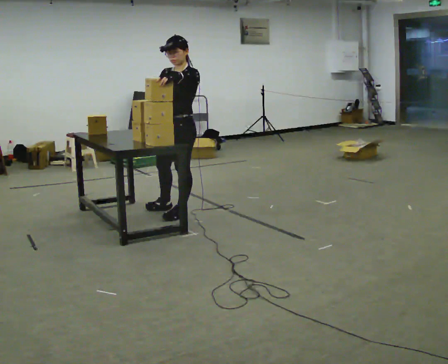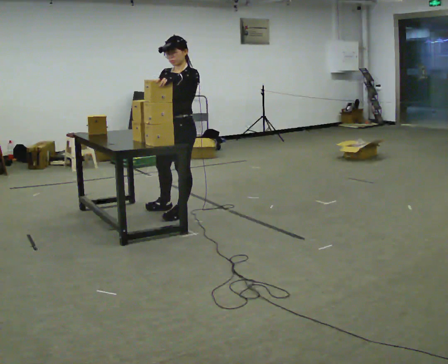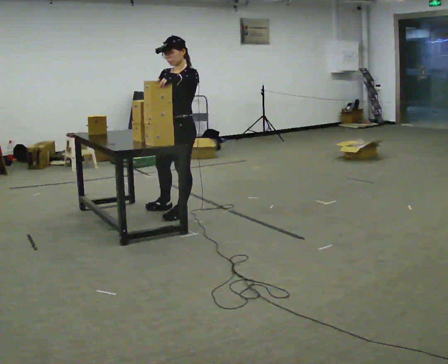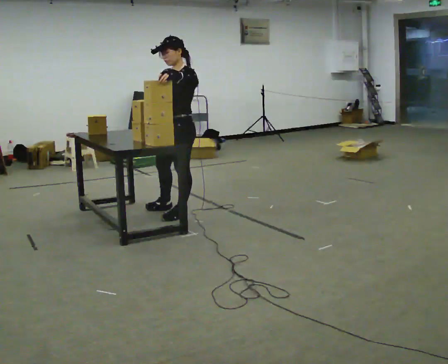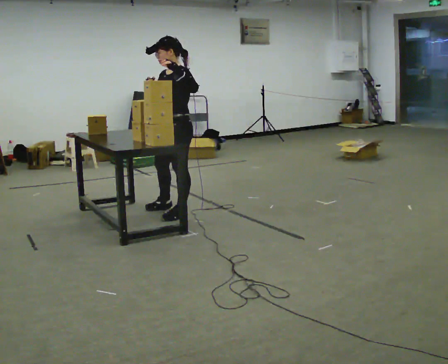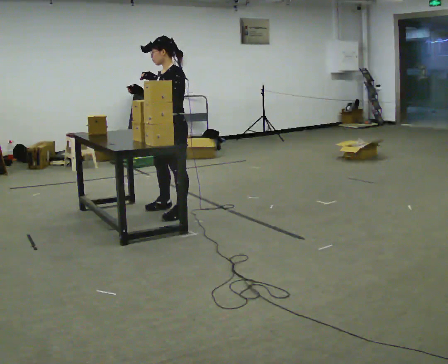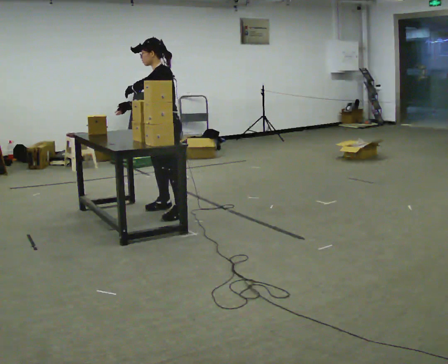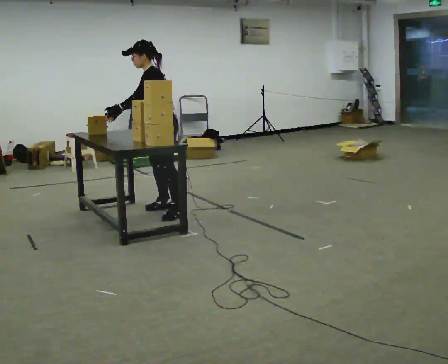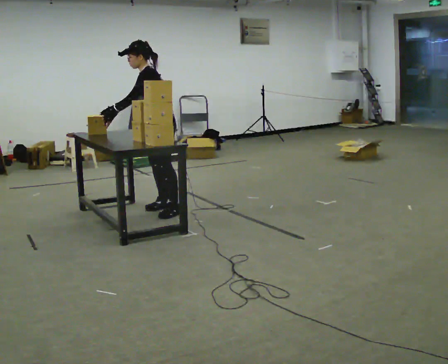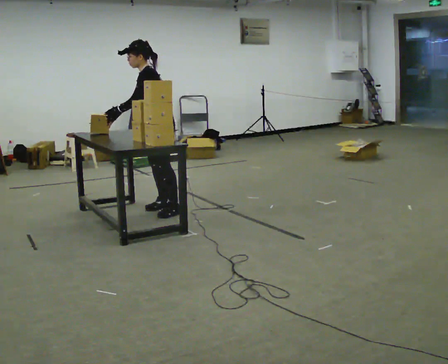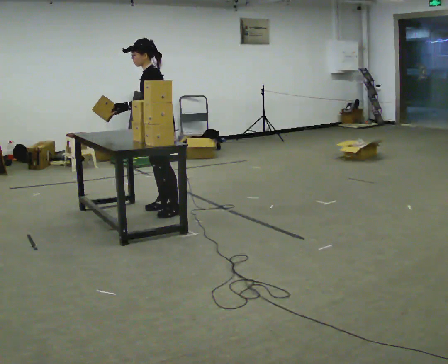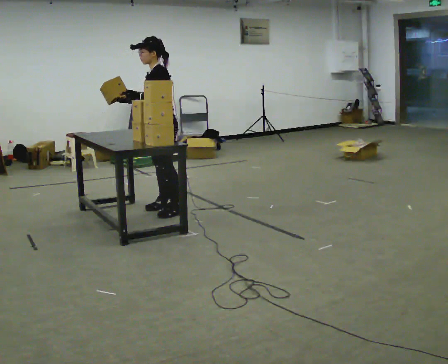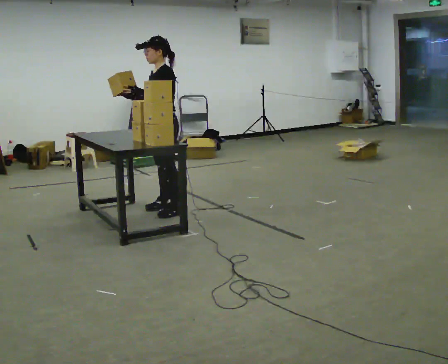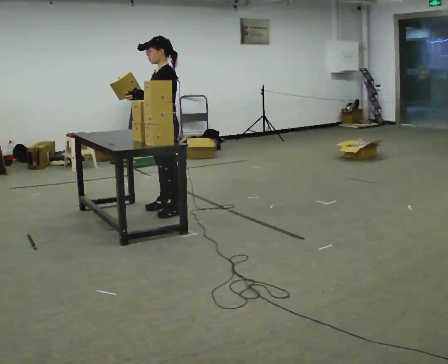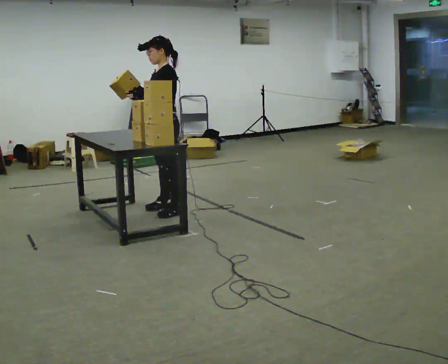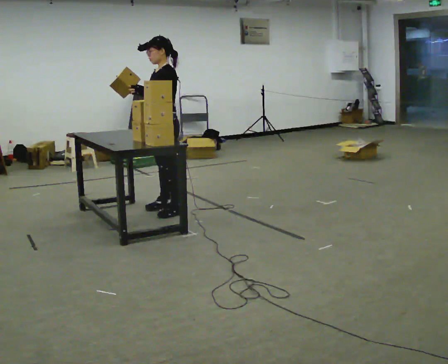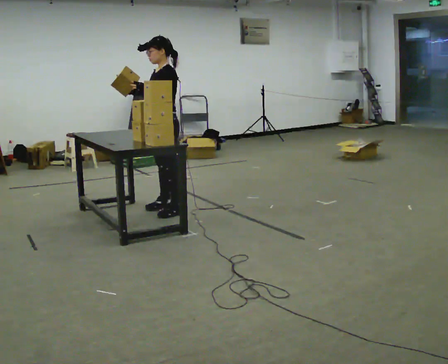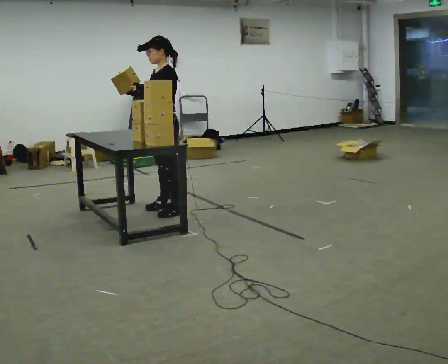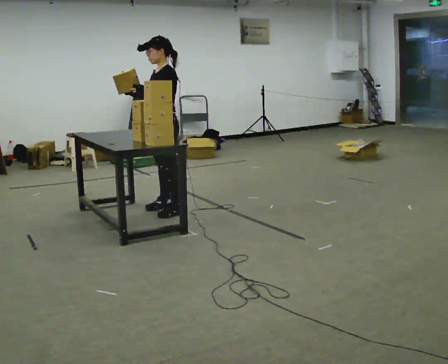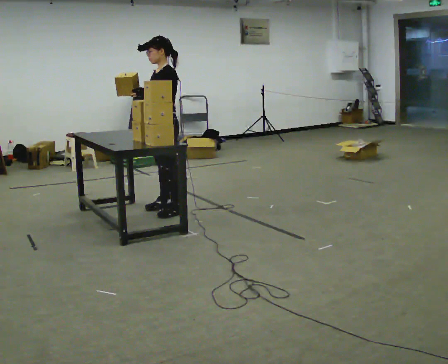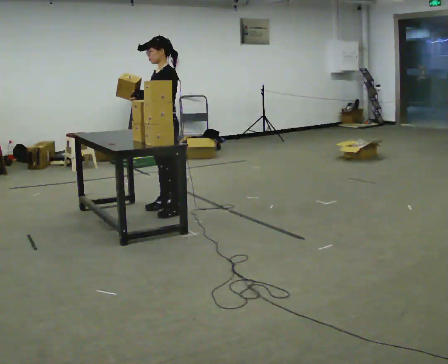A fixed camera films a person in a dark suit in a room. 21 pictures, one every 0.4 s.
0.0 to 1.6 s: The person moves a little, or ends about where they began.
1.6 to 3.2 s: In the picture they go away from the camera, about 0.25 m, which for them is to their right. In the picture the upper body tilts counterclockwise, shoulders to the left, as they bend forward. In the picture their left hand goes downward.
3.2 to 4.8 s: In the picture the upper body tilts clockwise, shoulders to the right, as they lean back or straighten.
4.8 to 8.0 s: The person moves a little, or ends about where they began.
The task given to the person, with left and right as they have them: Hold the box, turn it so you can read the label, and read it out loud. Then swap to the next box. Repeat at your own pace until the operator says stop. Keep both feet on the marked spots for the whole take. If you have to step, stop and tell the operator.
The film runs forward here.
